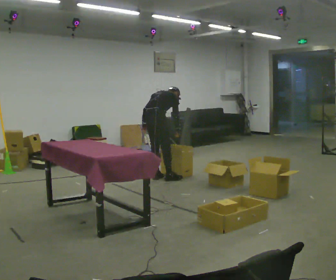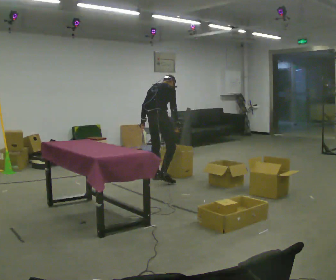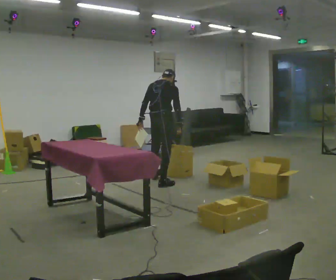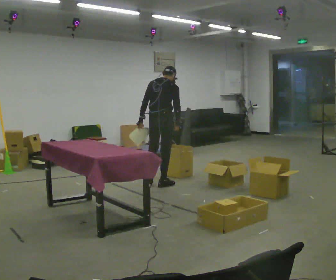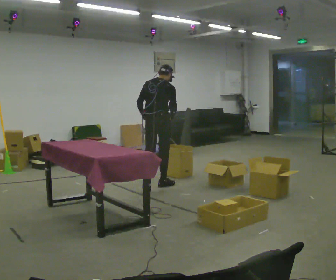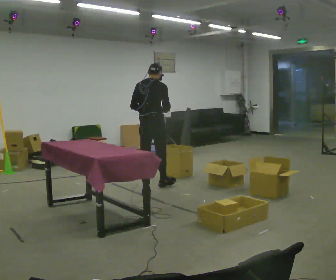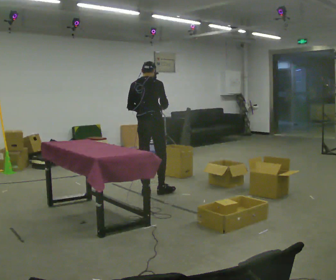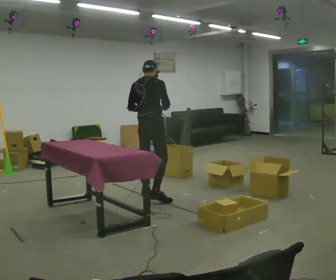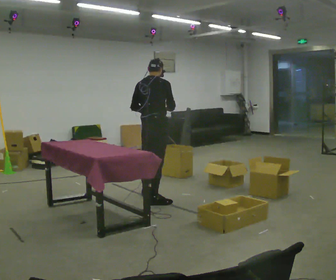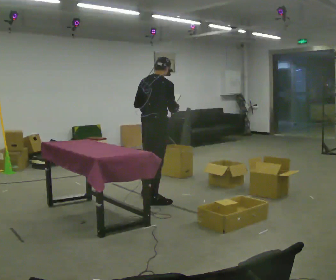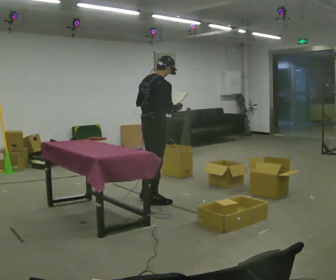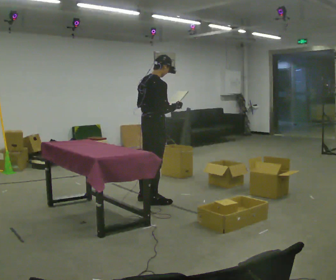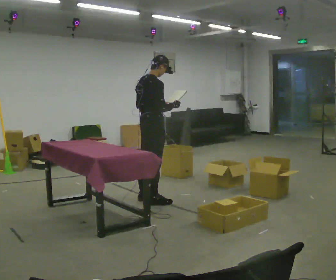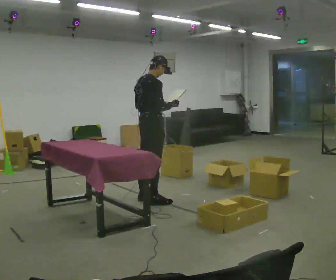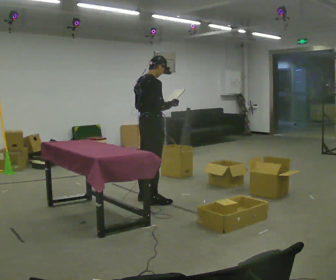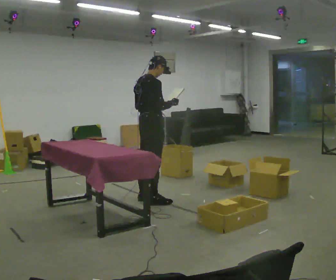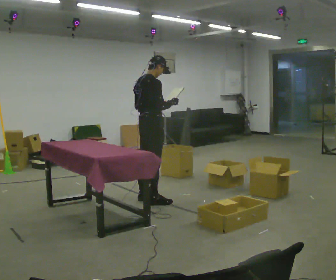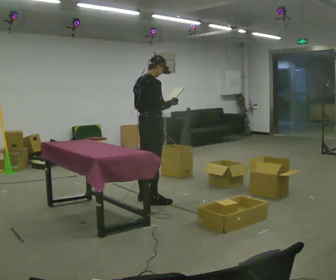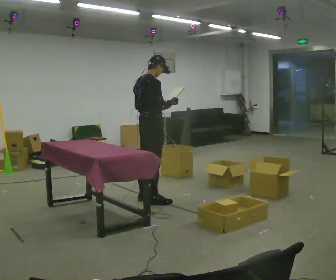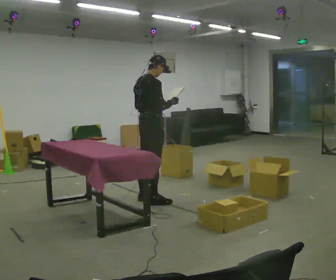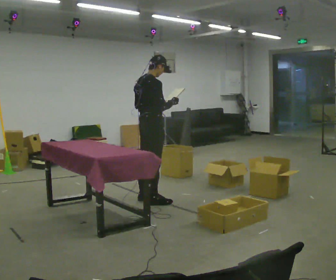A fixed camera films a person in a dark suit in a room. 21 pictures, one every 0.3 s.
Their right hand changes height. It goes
upward.
The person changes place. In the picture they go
toward the camera.
0.0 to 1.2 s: In the picture they go toward the camera, about 0.5 m in 2 steps, which for them is backward and to their right. The shoulders move upward. The upper body tips toward the camera, its near side rolling downward, as they lean back or straighten.
1.2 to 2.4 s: In the picture they go toward the camera, about 0.5 m in 1 step, which for them is backward.
2.4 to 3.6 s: The part of the body nearest the lens slides to the left as the person turns to their right by about 30 degrees.
3.6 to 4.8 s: The person moves a little, or ends about where they began.
4.8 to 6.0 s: The person keeps their place and pose.
The film runs backward here.
